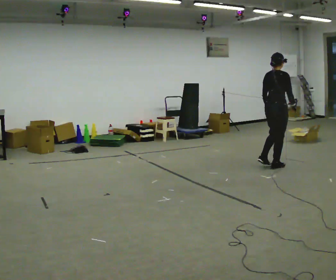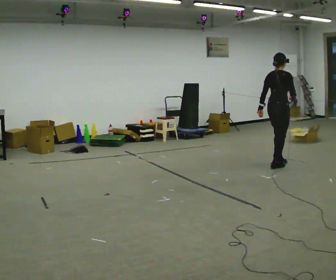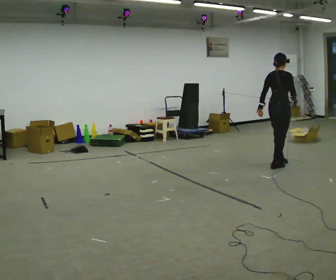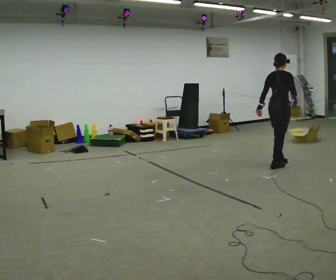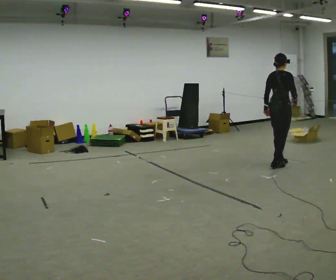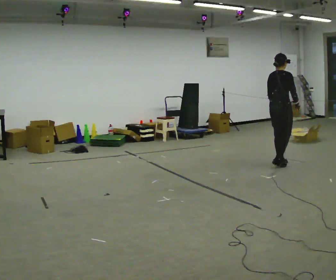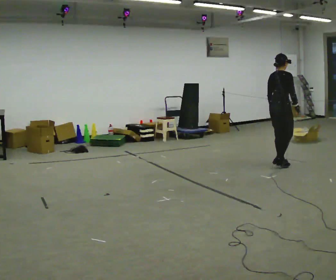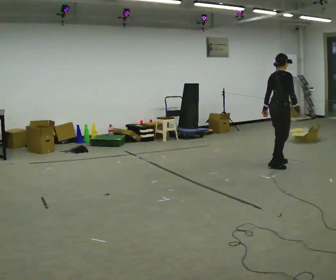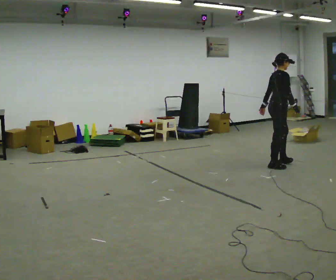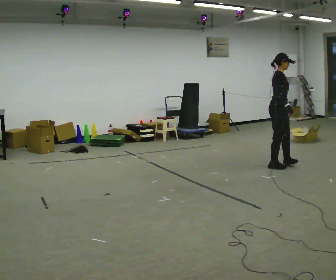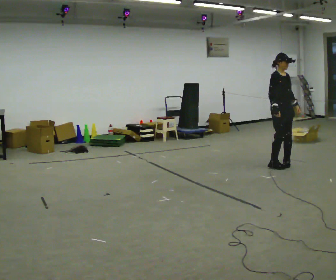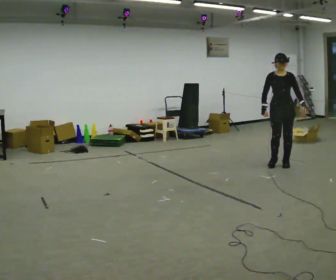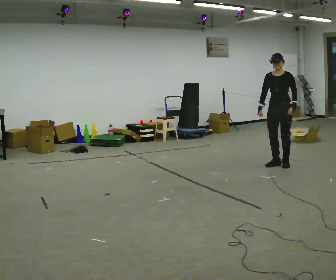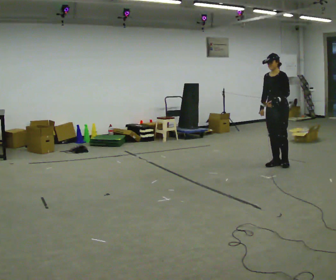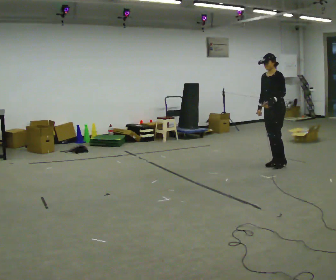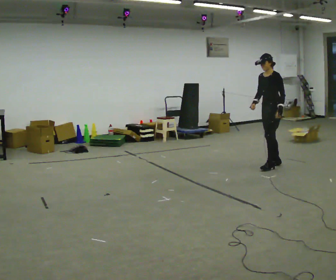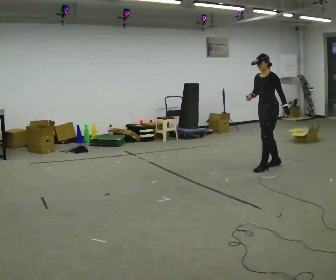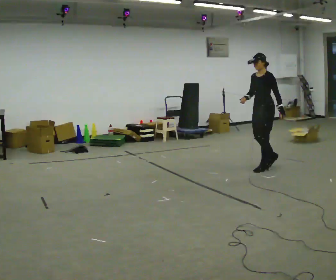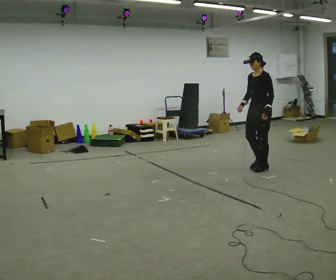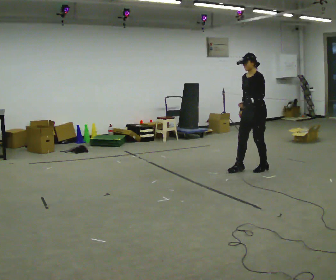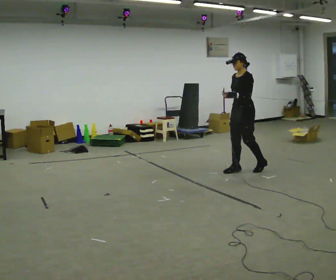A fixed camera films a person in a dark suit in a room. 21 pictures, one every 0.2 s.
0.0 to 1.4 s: The person moves a little, or ends about where they began.
1.4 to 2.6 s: The person turns about 165 degrees to their right, clockwise seen from above, so the part of the body nearest the lens slides to the left.
2.6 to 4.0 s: In the picture they go to the left and toward the camera, about 0.5 m in 3 steps, which for them is forward.
The film runs backward here.
